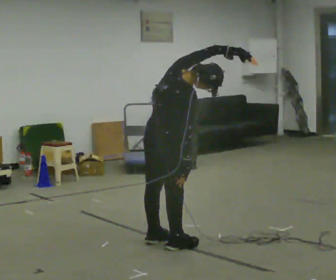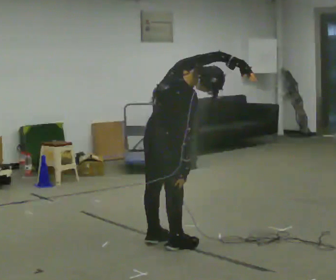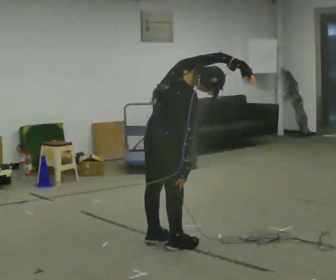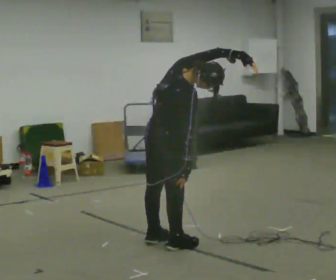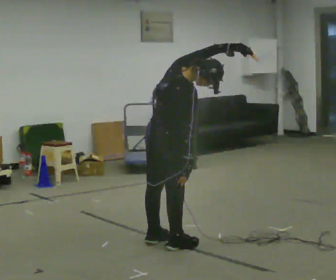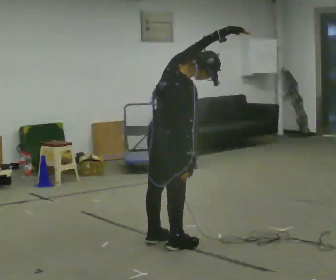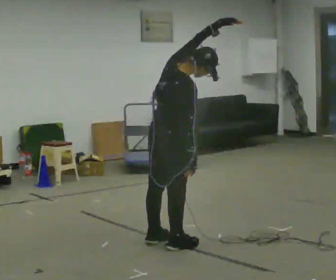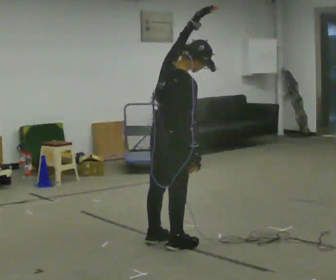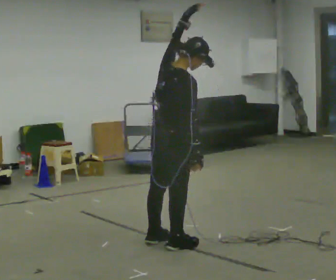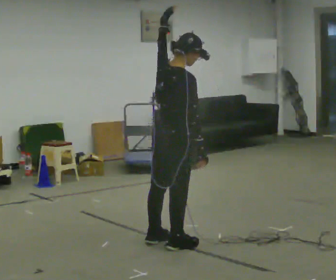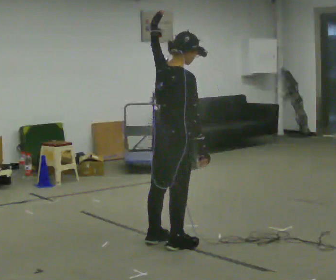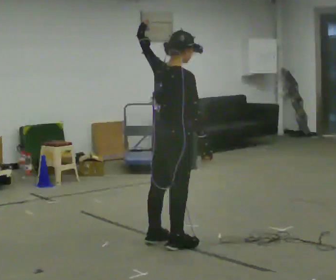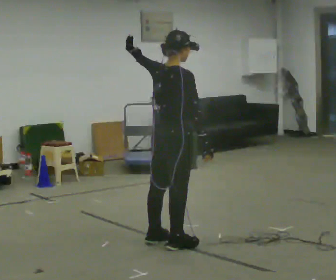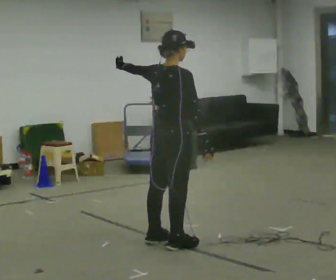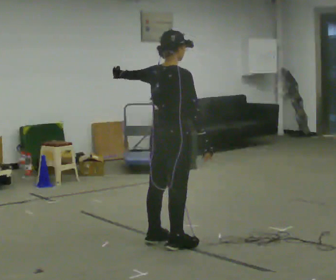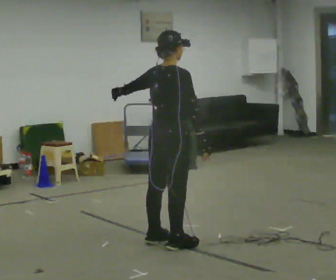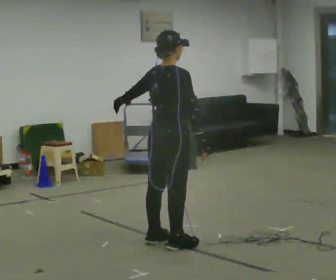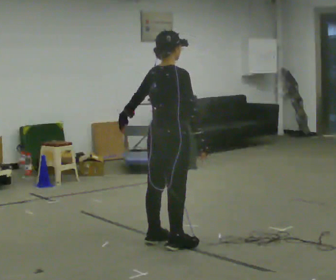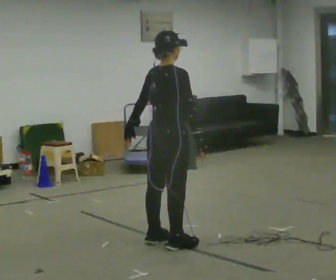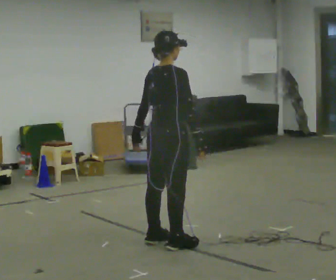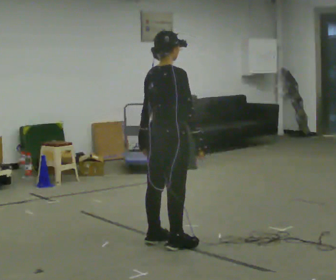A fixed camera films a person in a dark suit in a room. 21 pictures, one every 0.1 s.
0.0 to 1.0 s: The upper body tips away from the camera, its near side rolling upward. In the picture their left hand goes to the left, the arm swinging counterclockwise.
1.0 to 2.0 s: In the picture their left hand goes downward, the arm swinging counterclockwise.
The film runs forward here.
